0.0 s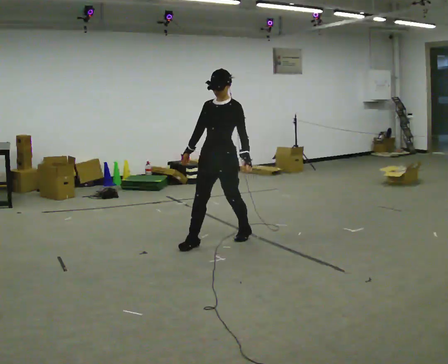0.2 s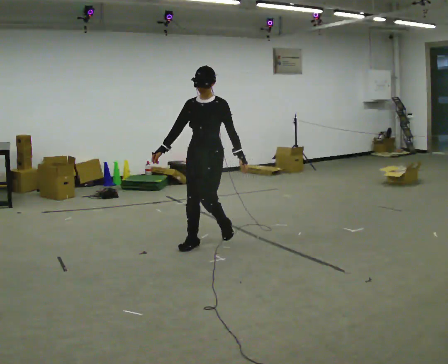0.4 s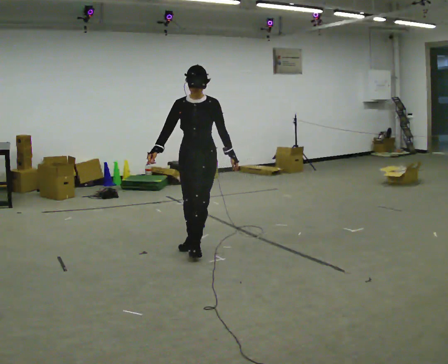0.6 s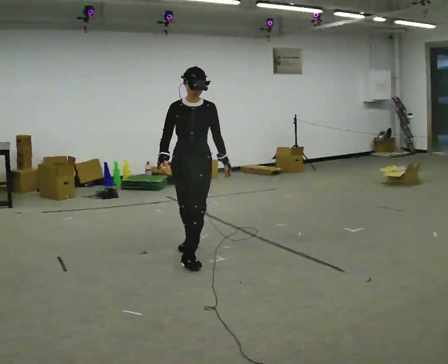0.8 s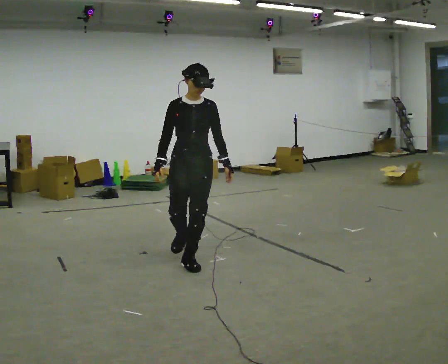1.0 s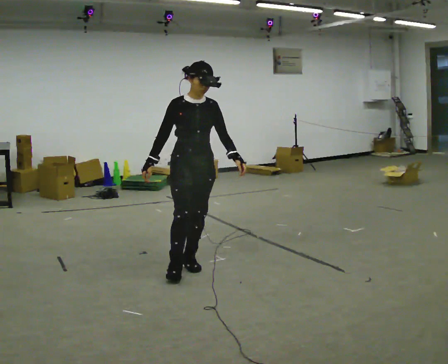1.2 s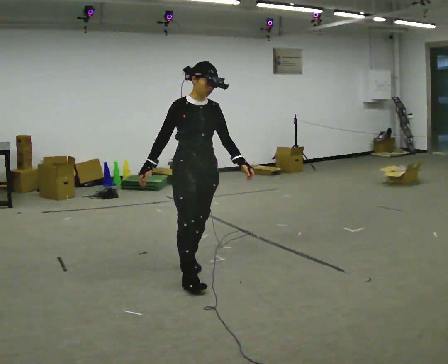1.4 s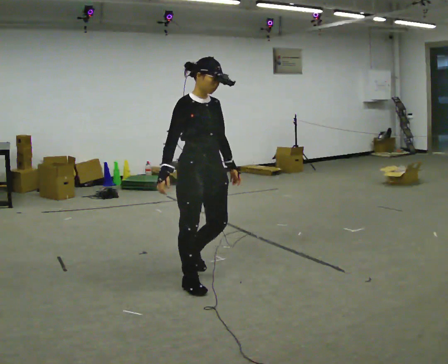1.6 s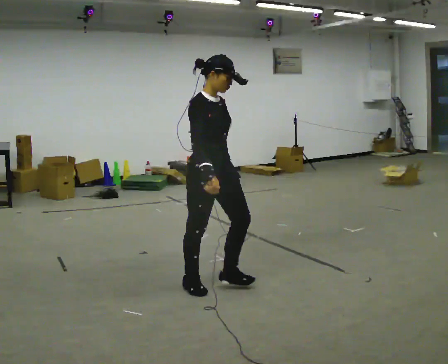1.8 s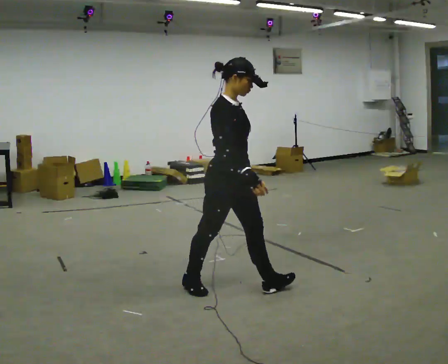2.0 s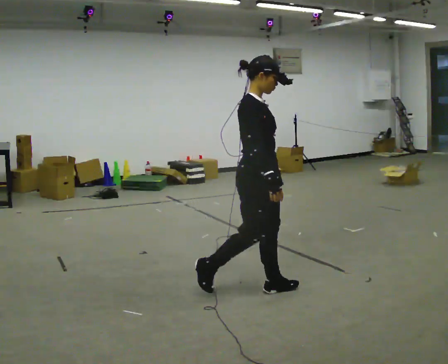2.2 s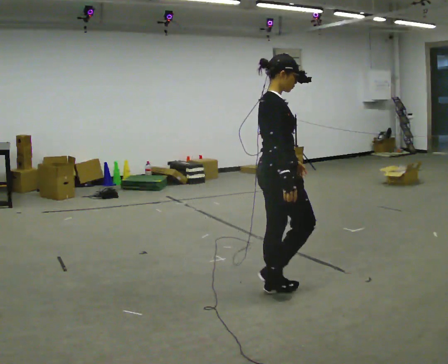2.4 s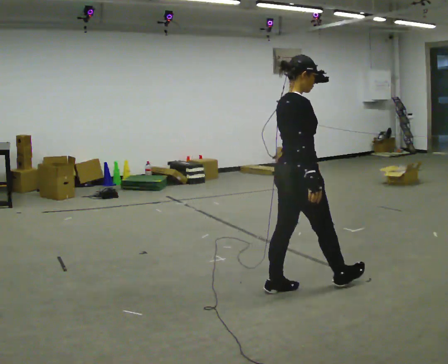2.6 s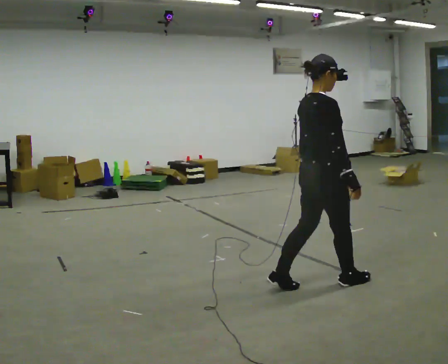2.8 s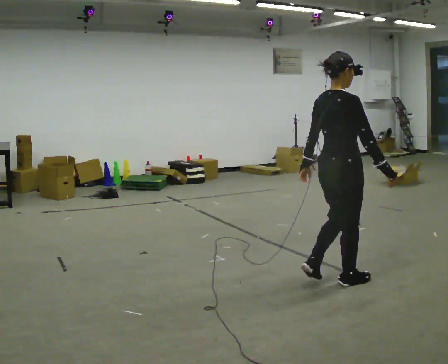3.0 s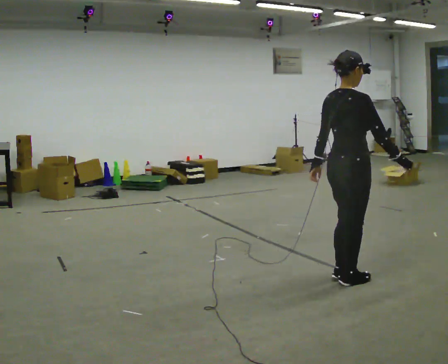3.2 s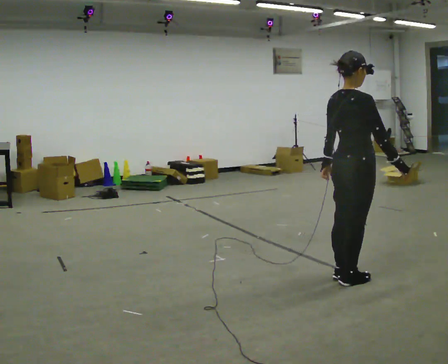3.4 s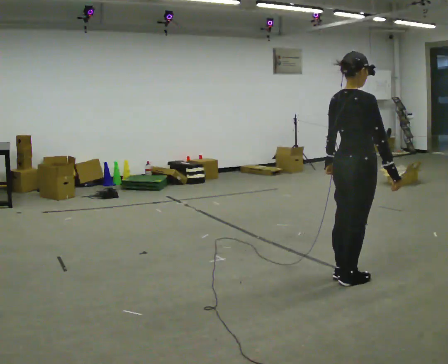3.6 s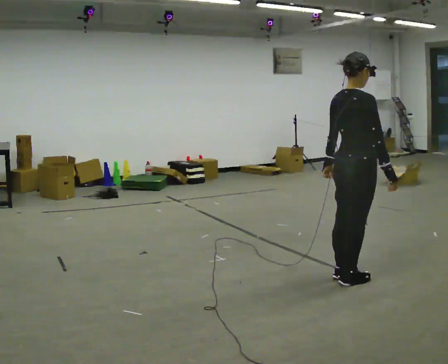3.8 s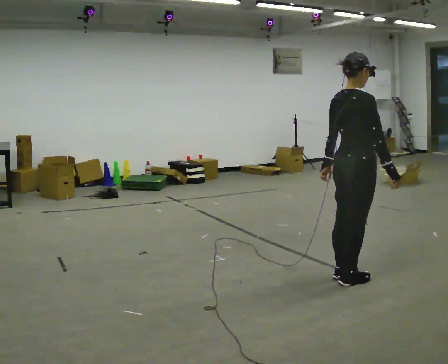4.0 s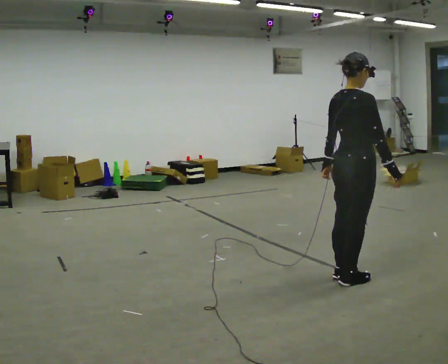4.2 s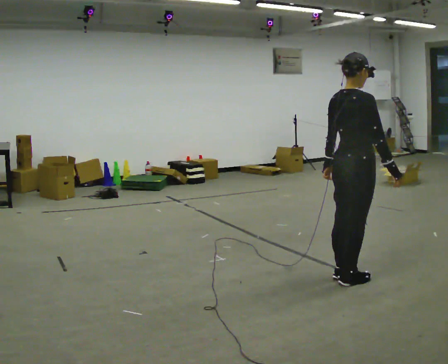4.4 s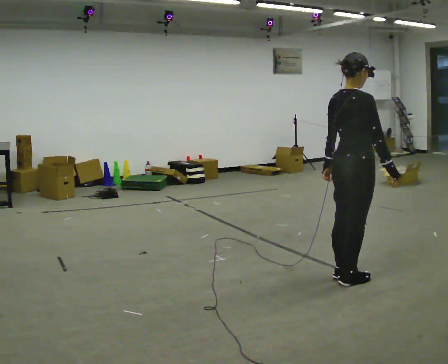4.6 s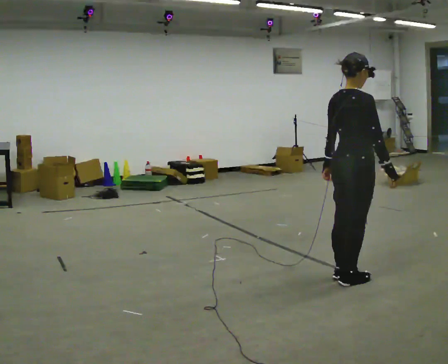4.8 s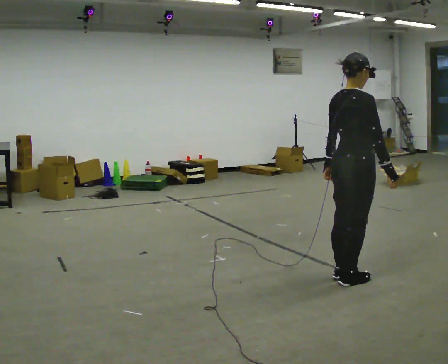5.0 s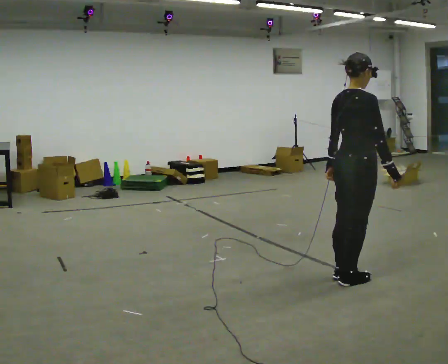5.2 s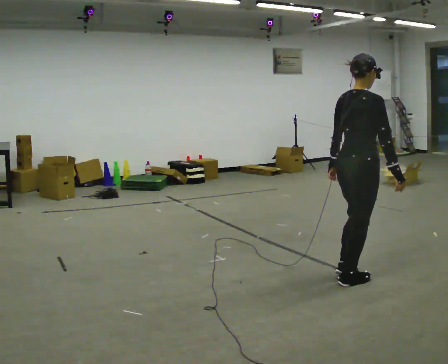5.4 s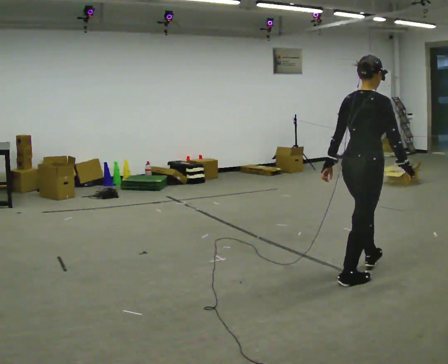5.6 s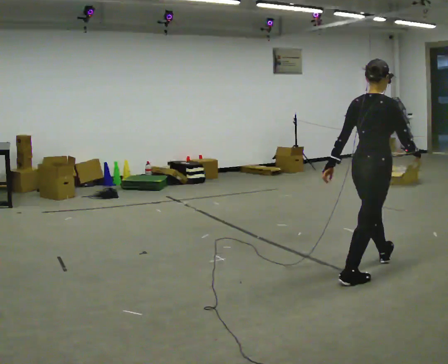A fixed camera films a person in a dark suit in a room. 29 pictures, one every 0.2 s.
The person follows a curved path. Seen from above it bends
counterclockwise.
The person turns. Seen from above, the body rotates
counterclockwise.
0.0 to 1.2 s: The person turns about 60 degrees to their left, counterclockwise seen from above, so the part of the body nearest the lens slides to the right. In the picture they go toward the camera, about 1 m in 2 steps.
1.2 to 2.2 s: Seen from above the body turns counterclockwise, about 60 degrees: to their left, with its near side sliding to the right. In the picture they go to the right, about 0.75 m in 1 step.
2.2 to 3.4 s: Seen from above the body turns counterclockwise, about 30 degrees: to their left, with its near side sliding to the right. In the picture they go to the right, about 0.5 m in 2 steps, which for them is forward and to their right.
3.4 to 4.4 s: The person moves a little, or ends about where they began.
4.4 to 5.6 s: In the picture they go to the right and away from the camera, about 0.25 m in 1 step, which for them is forward.
The film runs forward here.
